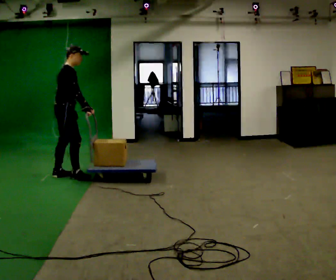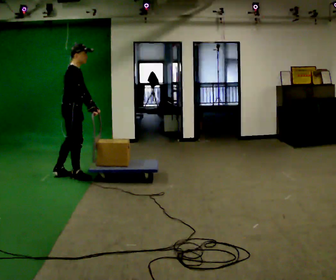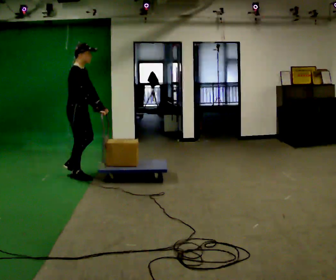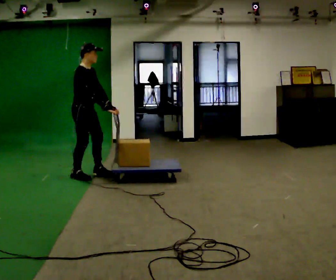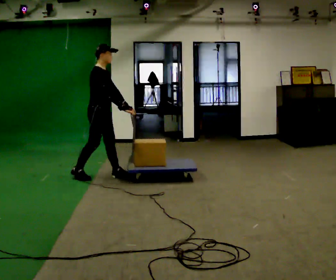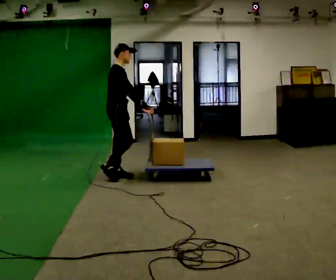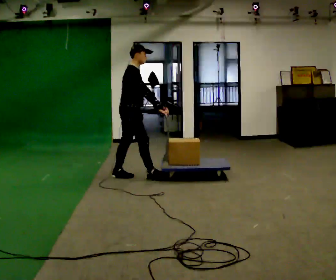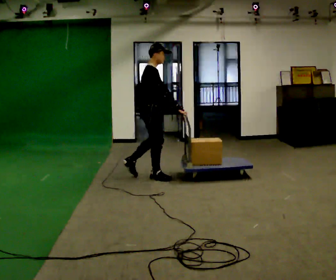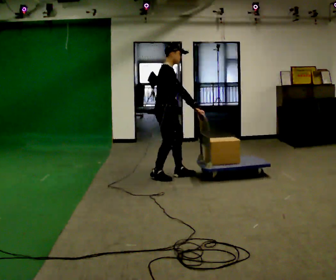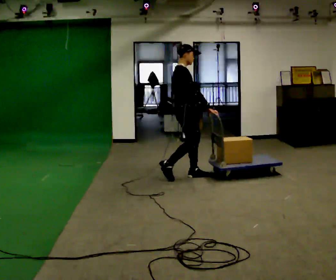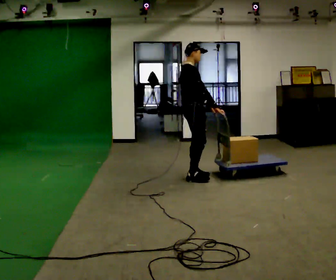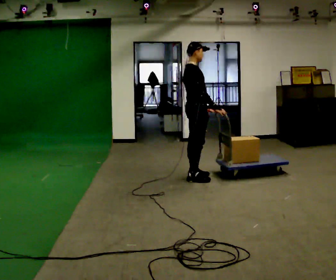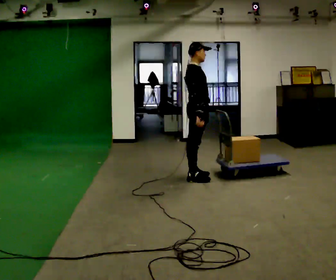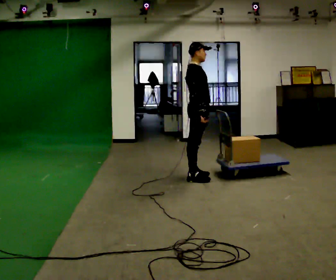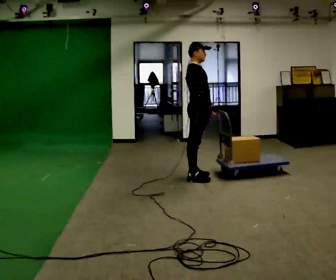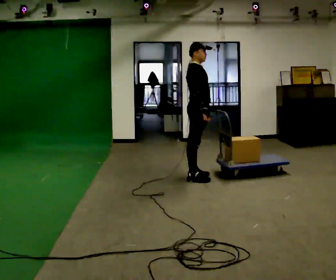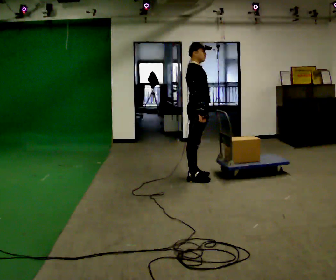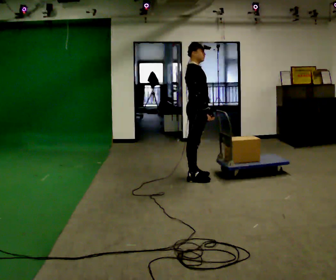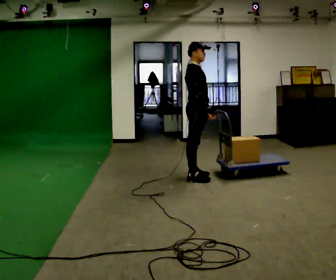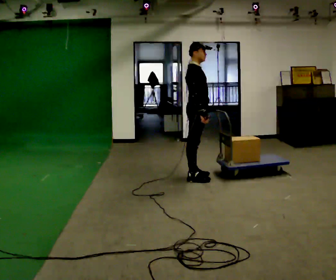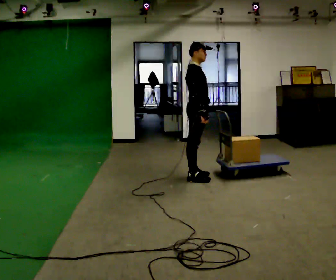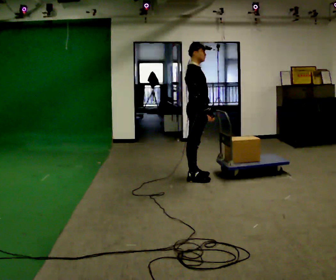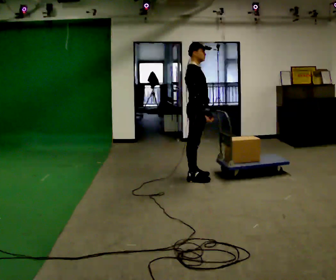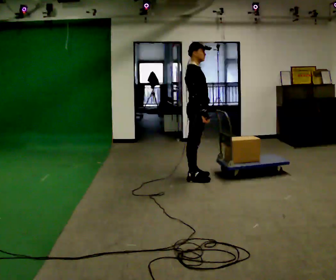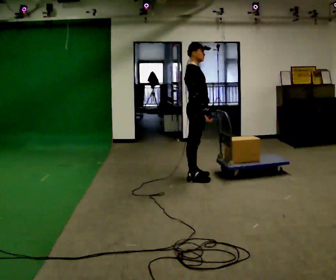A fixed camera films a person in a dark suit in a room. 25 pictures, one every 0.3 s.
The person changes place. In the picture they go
to the right.
0.0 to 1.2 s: Seen from above the body turns clockwise, about 30 degrees: to their right, with its near side sliding to the left. In the picture they go to the right, about 0.5 m in 1 step, which for them is forward.
1.2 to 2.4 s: In the picture they go to the right, about 1 m in 1 step, which for them is forward.
2.4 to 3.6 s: In the picture they go to the right, about 0.25 m in 2 steps, which for them is forward.
3.6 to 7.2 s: The person moves a little, or ends about where they began.
The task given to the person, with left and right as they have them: Turn the cart round to face the other way without moving it out of the marked square, then turn it back. Repeat until the operator says stop.
The film runs forward here.
